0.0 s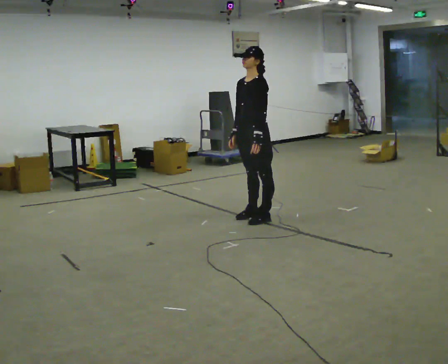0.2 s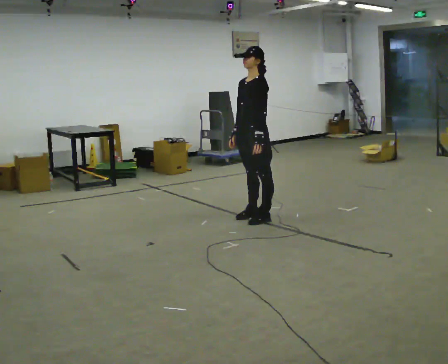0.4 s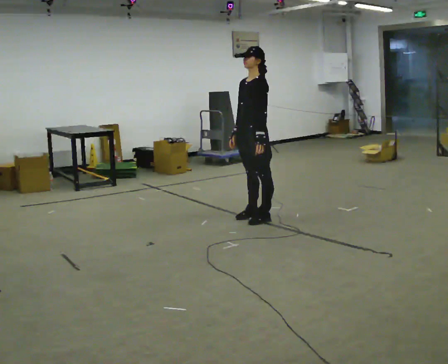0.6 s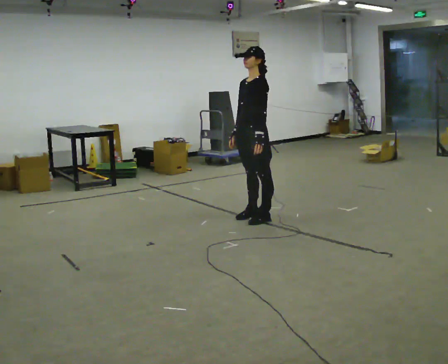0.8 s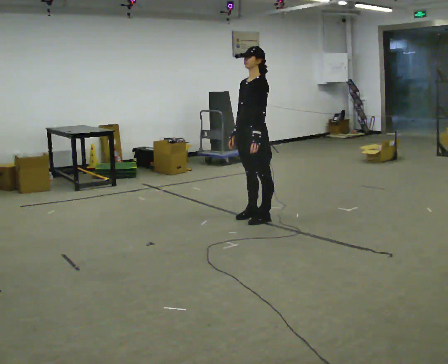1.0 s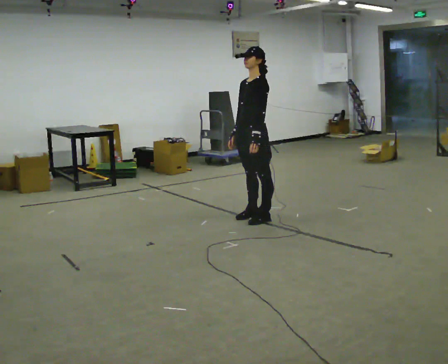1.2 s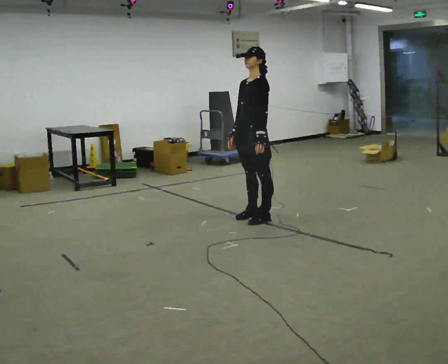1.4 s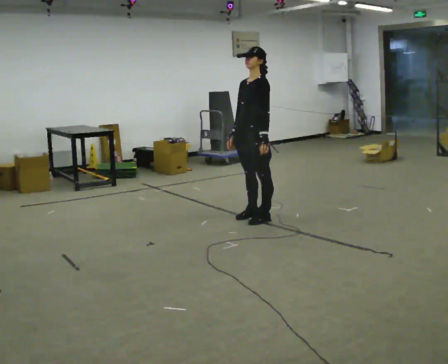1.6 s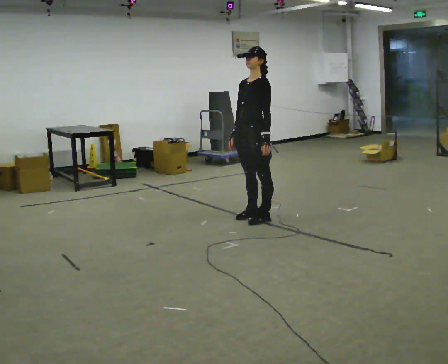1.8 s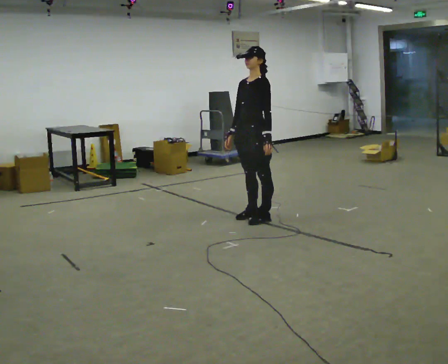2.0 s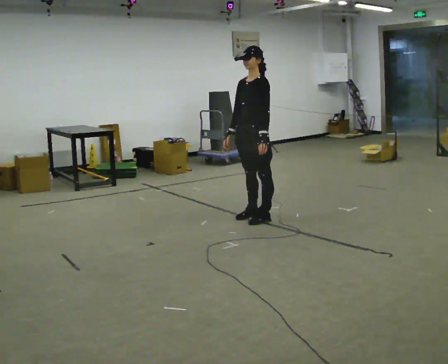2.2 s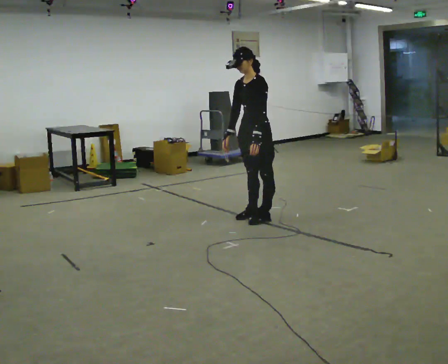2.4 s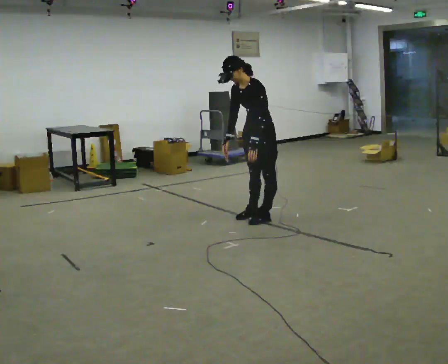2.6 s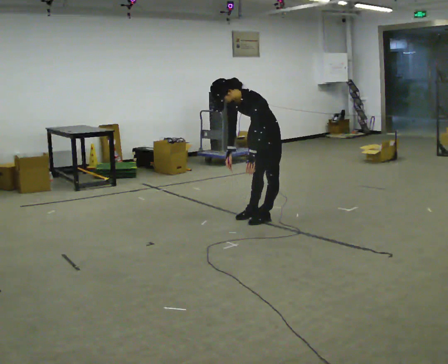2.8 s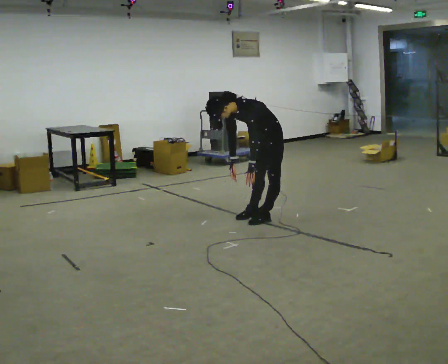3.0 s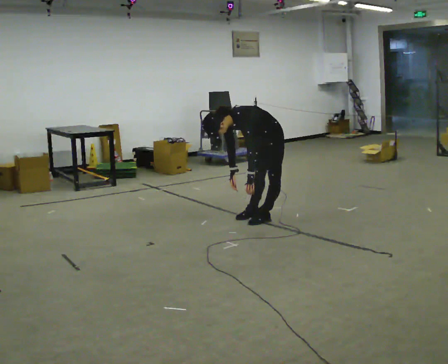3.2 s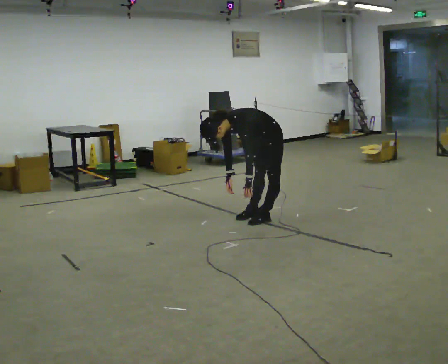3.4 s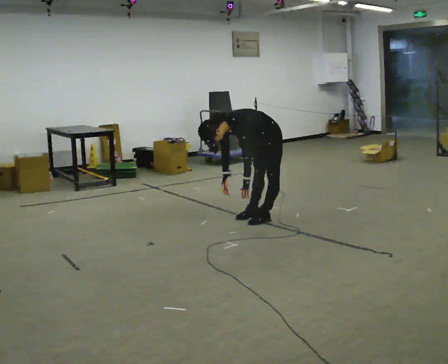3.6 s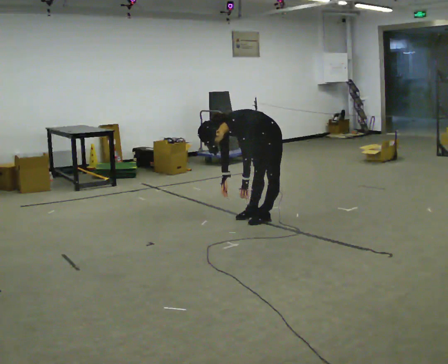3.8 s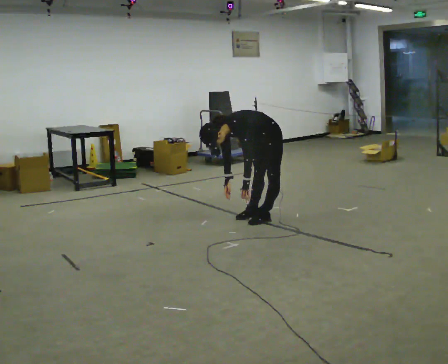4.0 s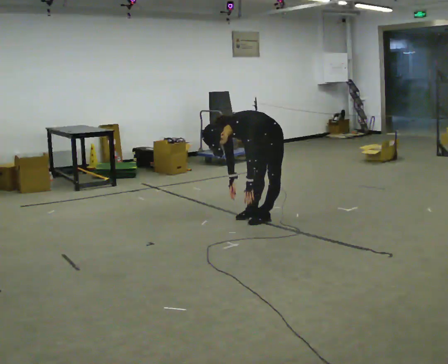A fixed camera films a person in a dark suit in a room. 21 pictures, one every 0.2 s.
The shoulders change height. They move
downward.
Their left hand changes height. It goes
downward.
0.0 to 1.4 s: The person moves a little, or ends about where they began.
1.4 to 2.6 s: The upper body goes downward. In the picture the upper body tilts counterclockwise, shoulders to the left, as they bend forward.
2.6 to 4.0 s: The upper body goes downward. In the picture the upper body tilts counterclockwise, shoulders to the left, as they bend forward.
The film runs backward here.
